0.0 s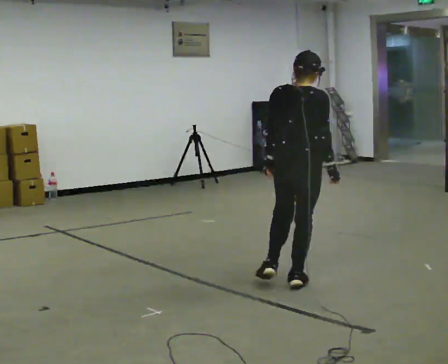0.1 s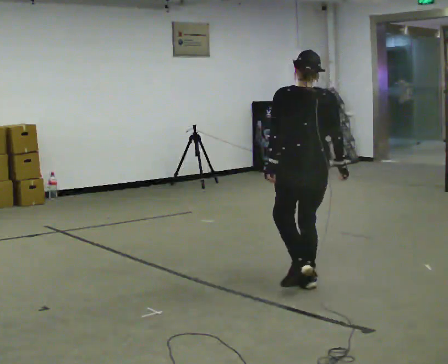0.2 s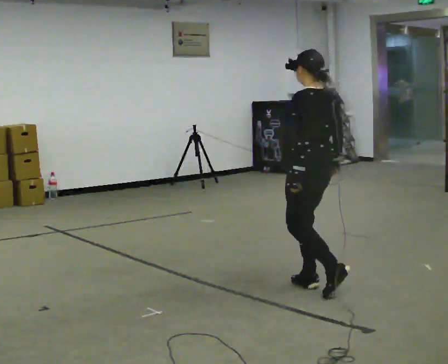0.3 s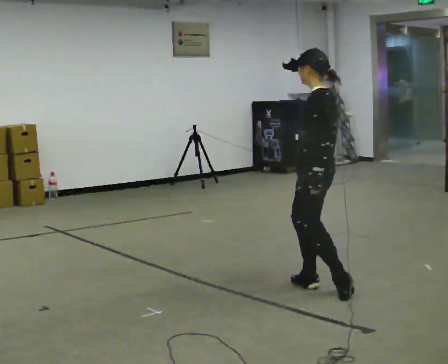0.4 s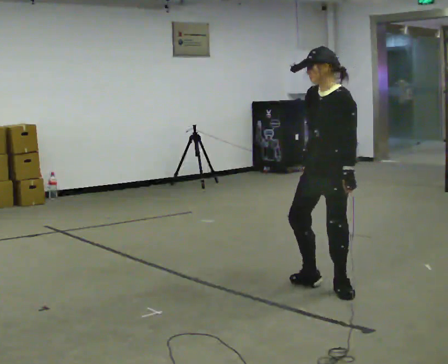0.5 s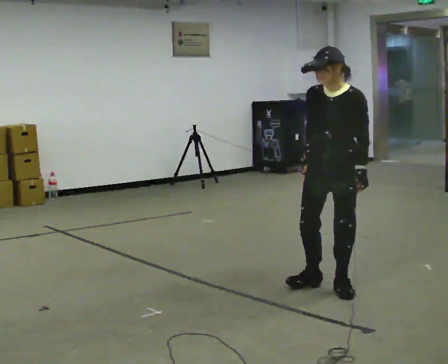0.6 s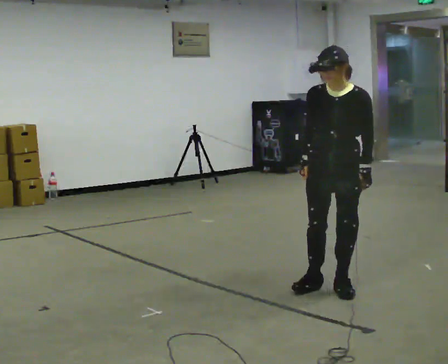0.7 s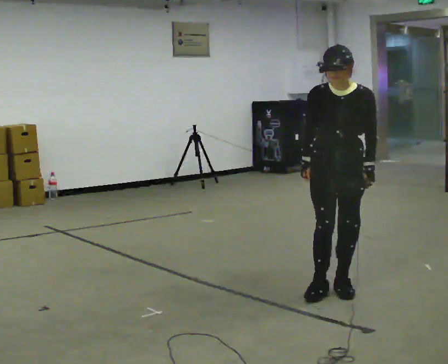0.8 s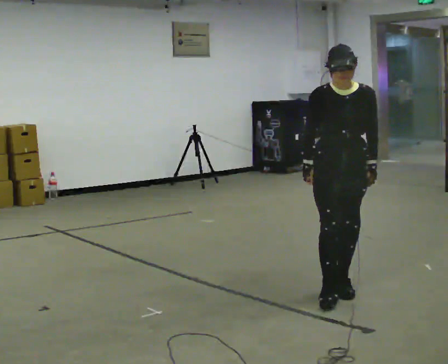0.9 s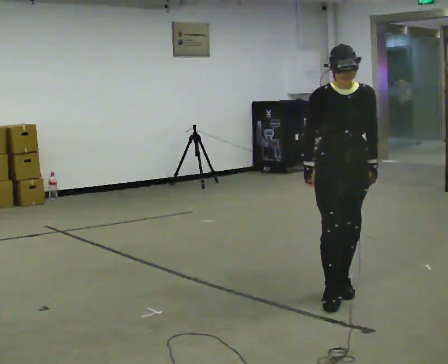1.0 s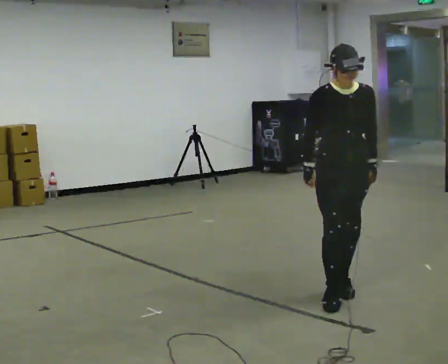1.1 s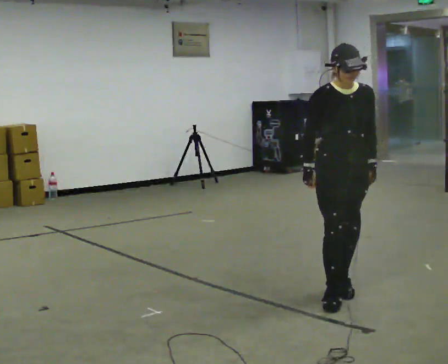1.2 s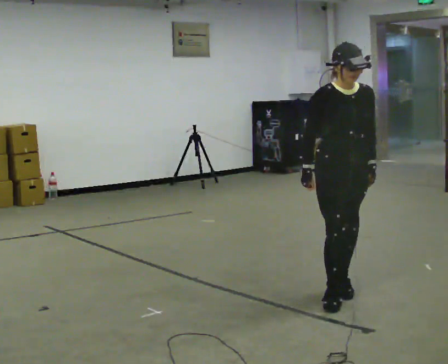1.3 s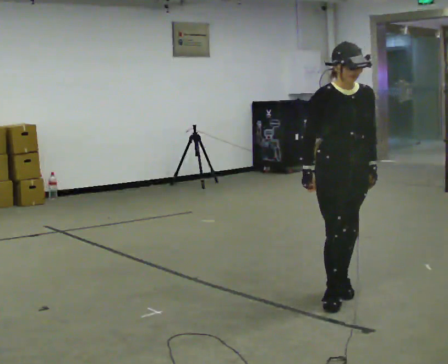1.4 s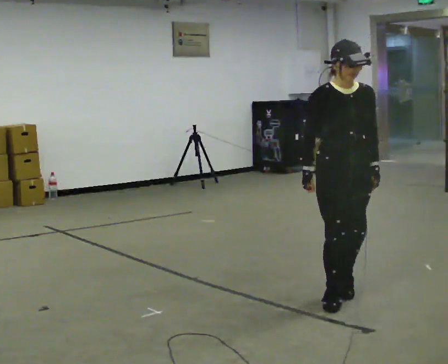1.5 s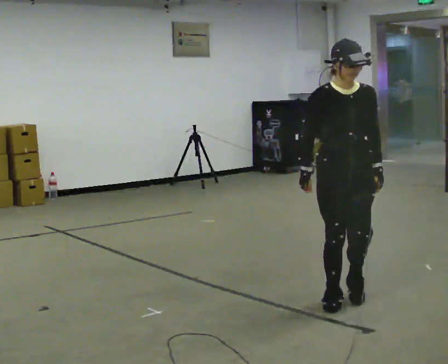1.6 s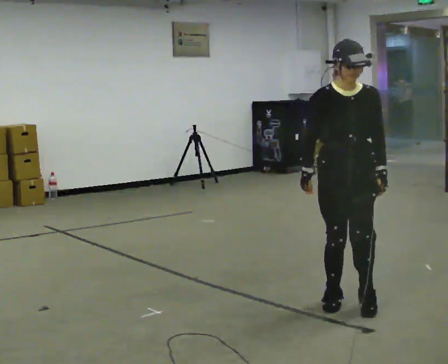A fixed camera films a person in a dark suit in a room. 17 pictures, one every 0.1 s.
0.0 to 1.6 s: The person turns about 210 degrees to their left, counterclockwise seen from above, so the part of the body nearest the lens slides to the right. In the picture they go toward the camera and to the right, about 0.5 m in 2 steps.
The film runs backward here.
